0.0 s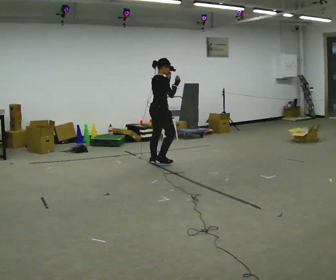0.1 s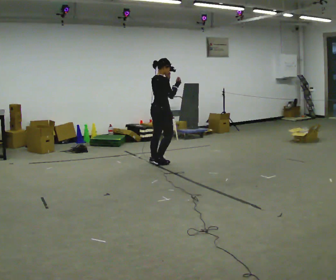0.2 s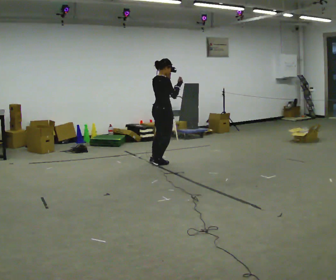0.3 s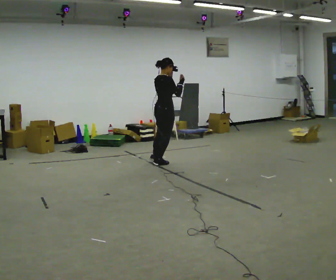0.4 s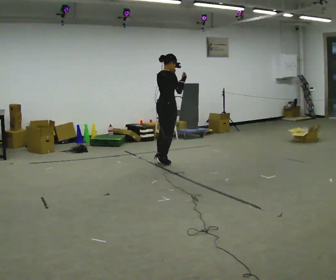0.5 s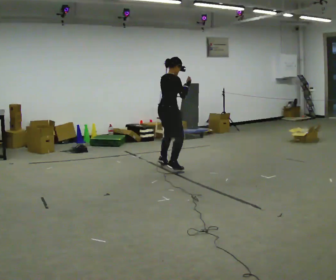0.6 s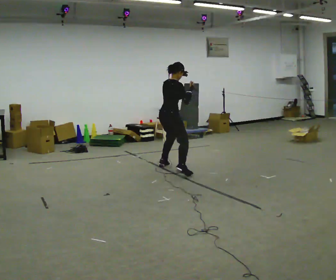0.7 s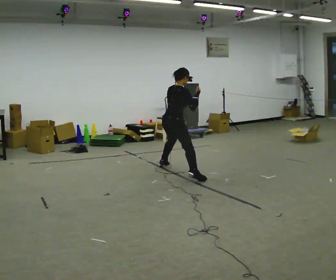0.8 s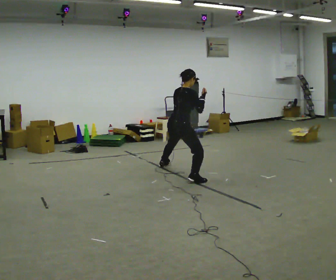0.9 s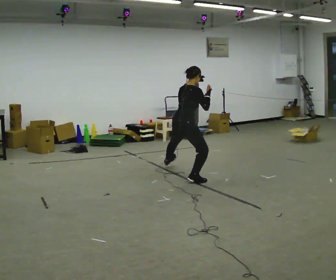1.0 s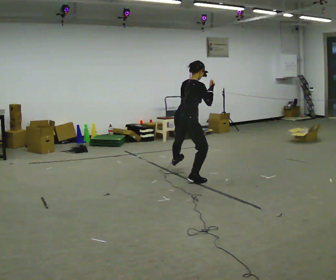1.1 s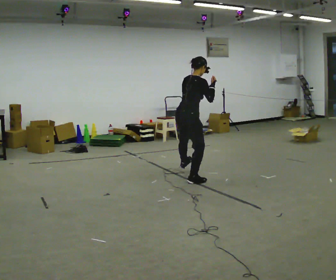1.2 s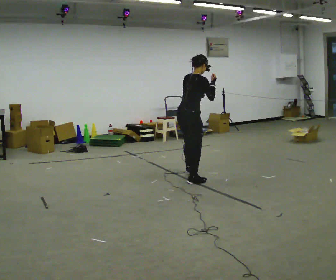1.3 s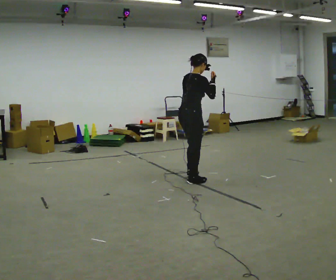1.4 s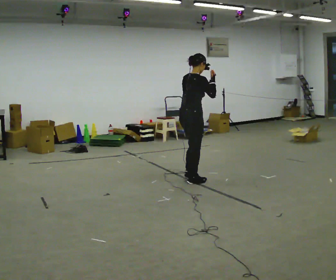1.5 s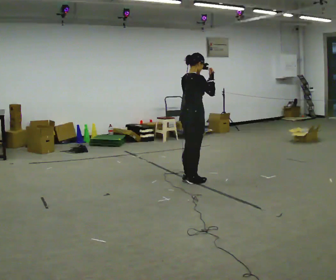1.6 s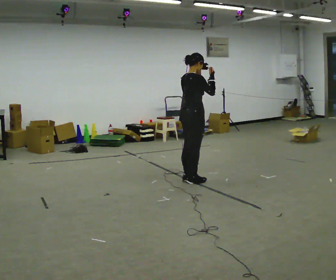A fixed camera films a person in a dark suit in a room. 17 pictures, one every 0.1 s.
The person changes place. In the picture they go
toward the camera.
0.0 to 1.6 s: In the picture they go toward the camera and to the right, about 1 m in 3 steps, which for them is to their right.
The film runs backward here.
